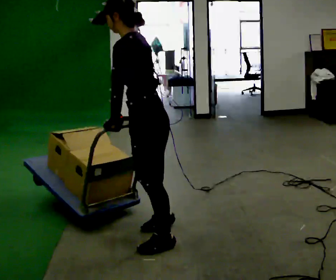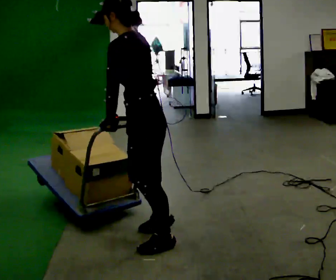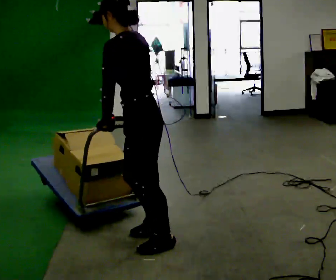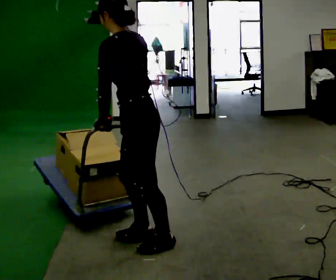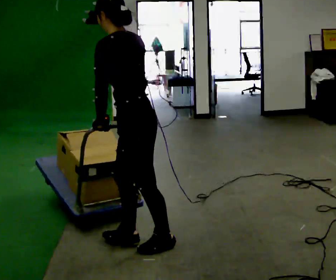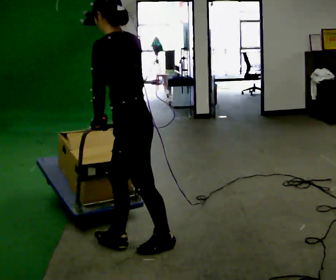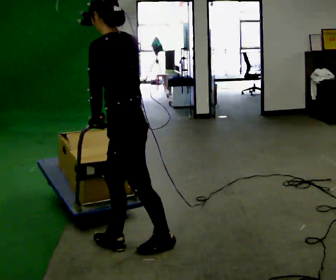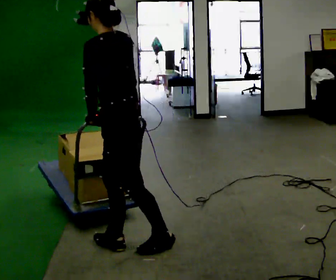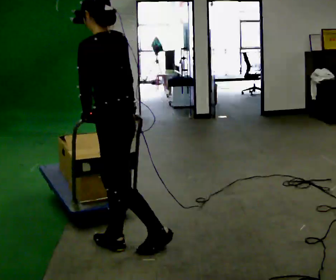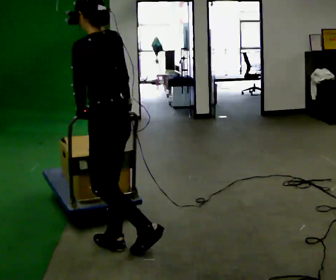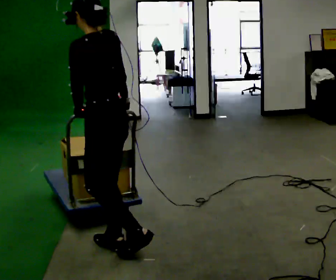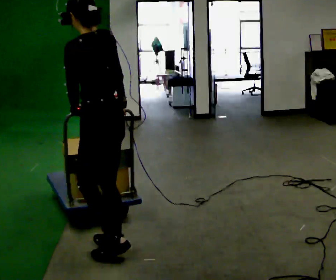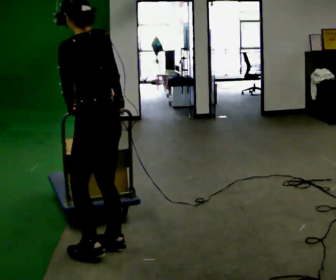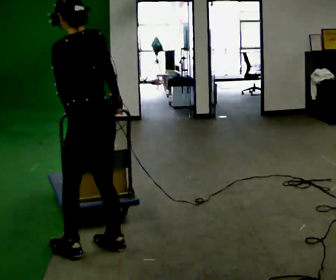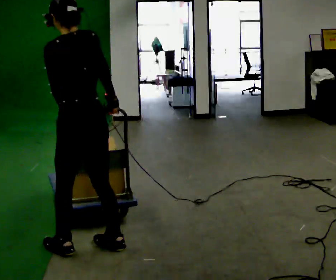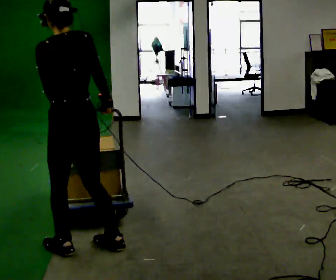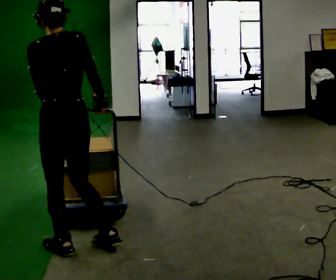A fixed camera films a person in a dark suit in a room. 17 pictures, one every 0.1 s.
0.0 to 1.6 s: Seen from above the body turns clockwise, about 60 degrees: to their right, with its near side sliding to the left. In the picture they go to the left, about 0.5 m in 2 steps, which for them is forward and to their left.
The film runs forward here.
